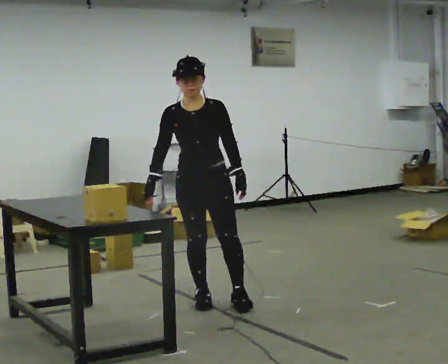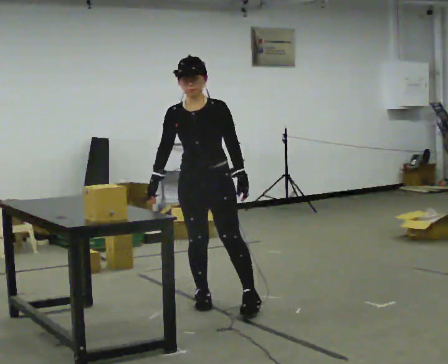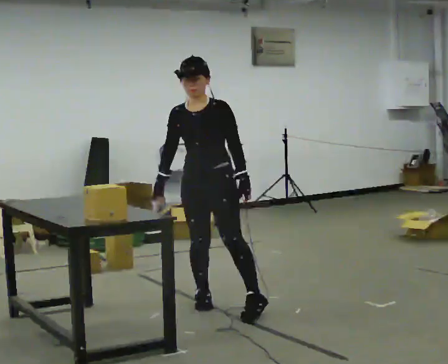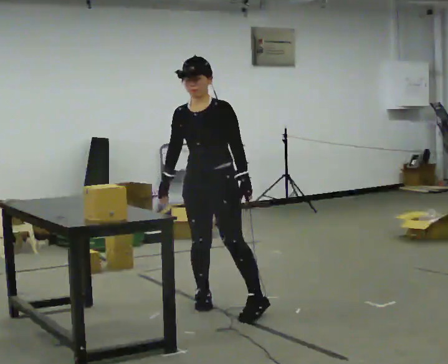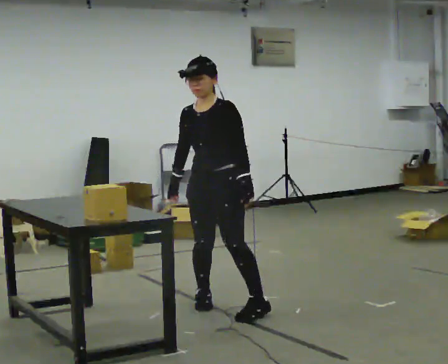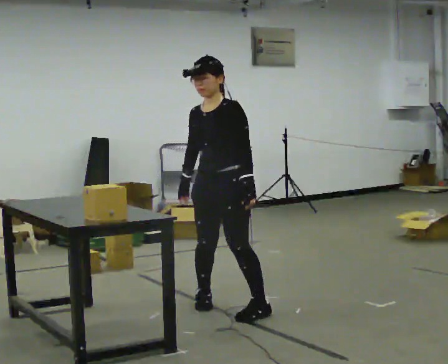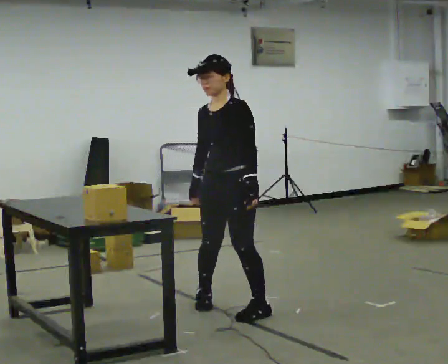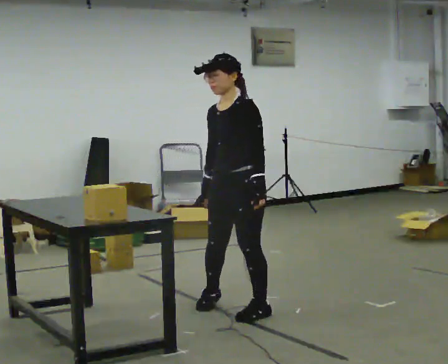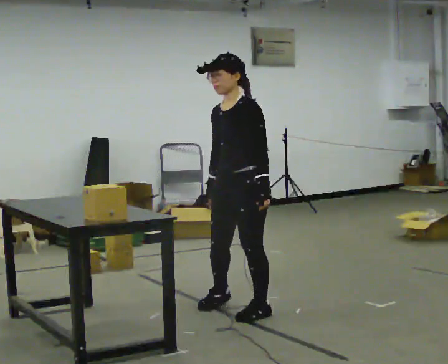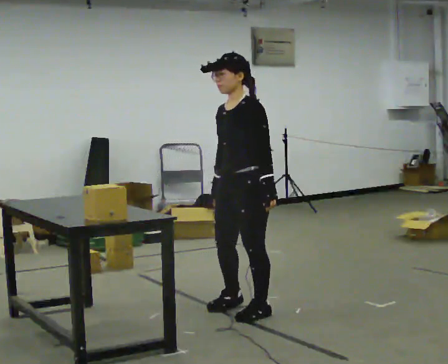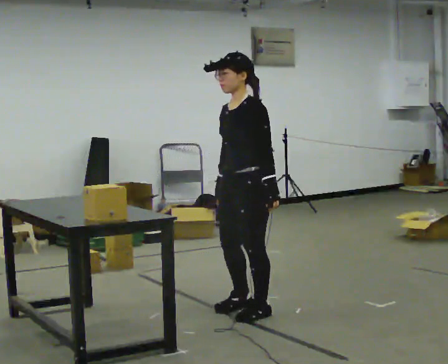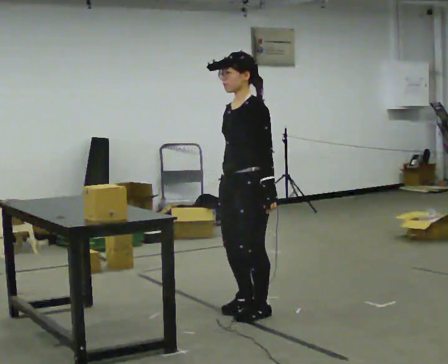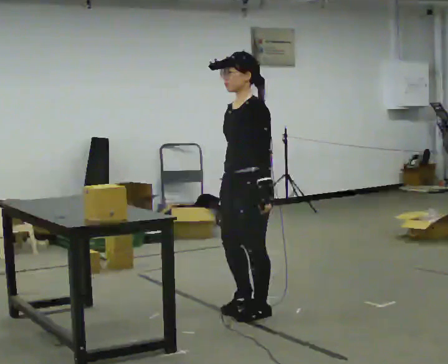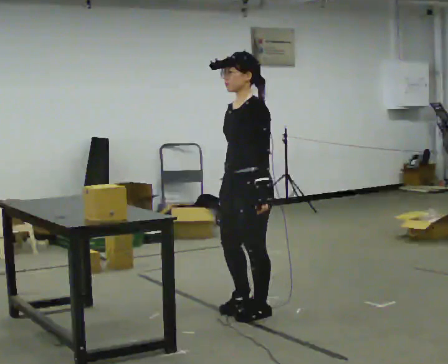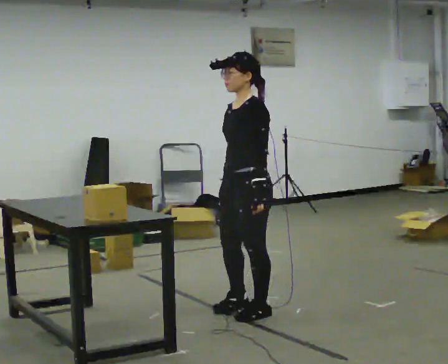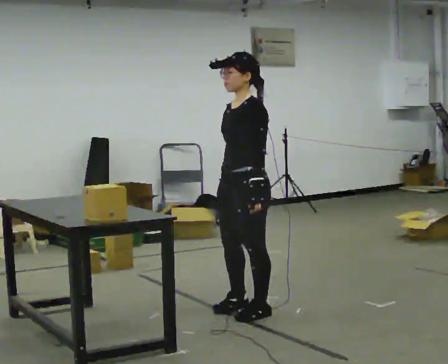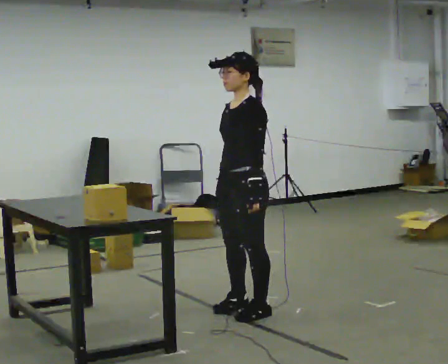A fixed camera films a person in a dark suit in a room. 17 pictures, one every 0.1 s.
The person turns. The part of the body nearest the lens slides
to the left.
The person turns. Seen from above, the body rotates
clockwise.
0.0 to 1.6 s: The part of the body nearest the lens slides to the left as the person turns to their right by about 60 degrees. In the picture they go to the right and toward the camera, about 0.5 m in 2 steps.
The film runs forward here.
